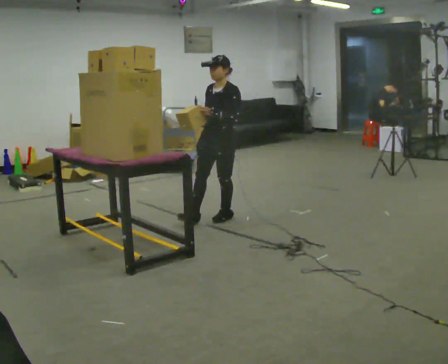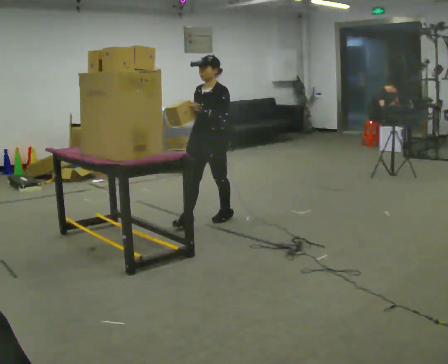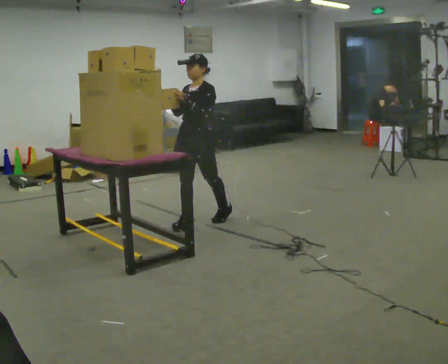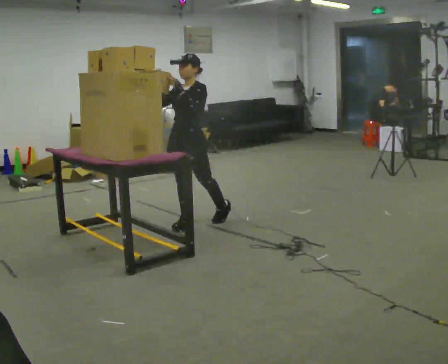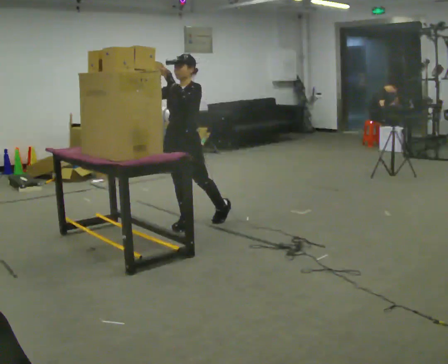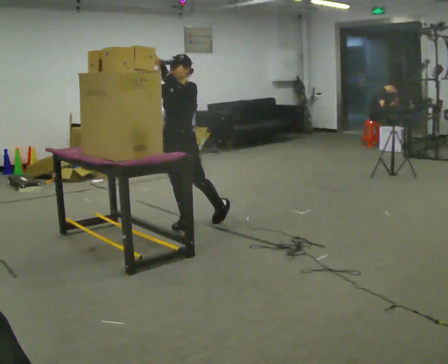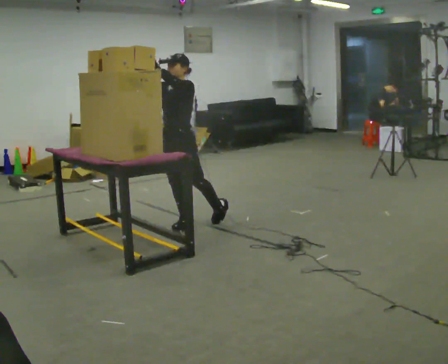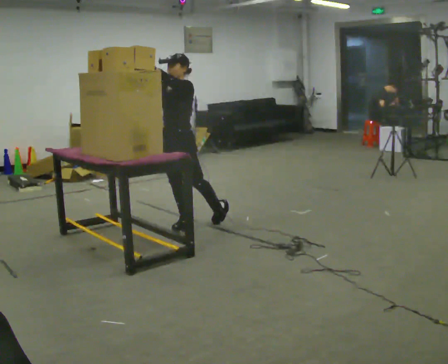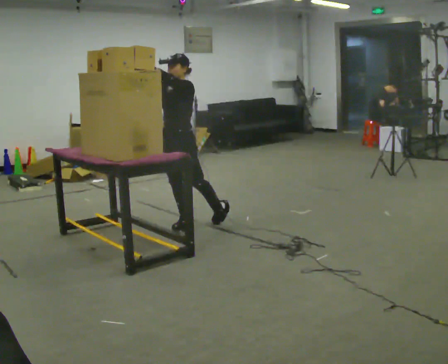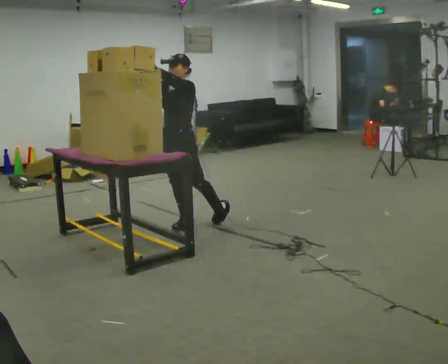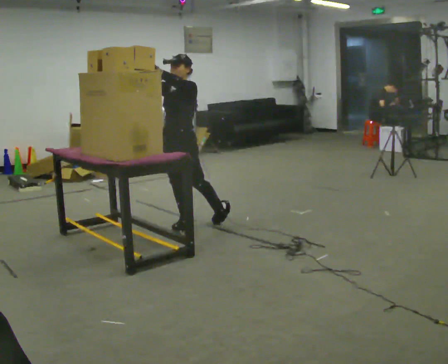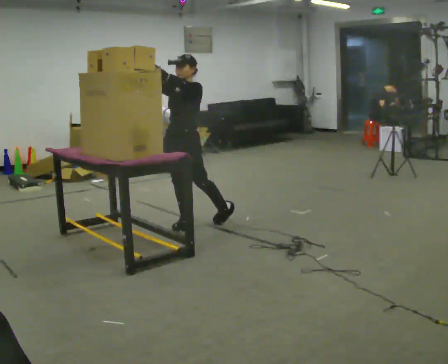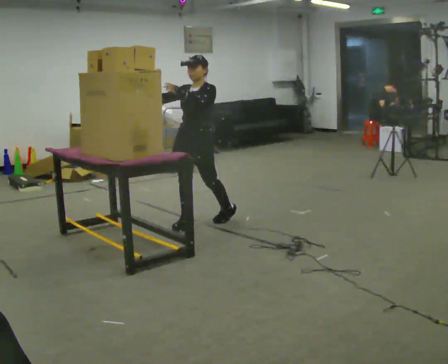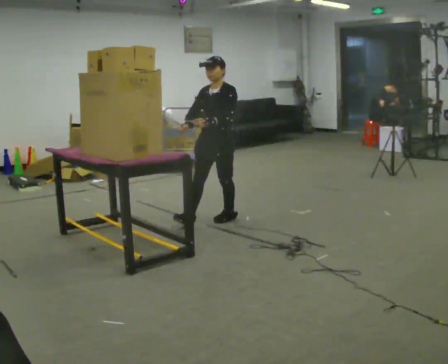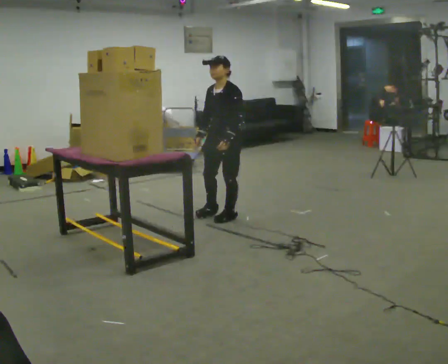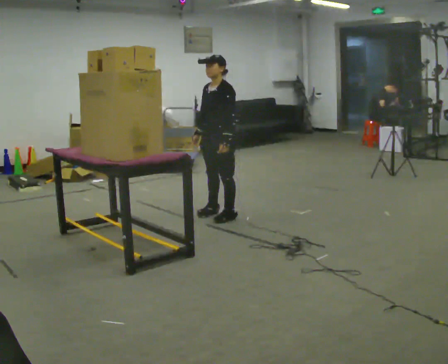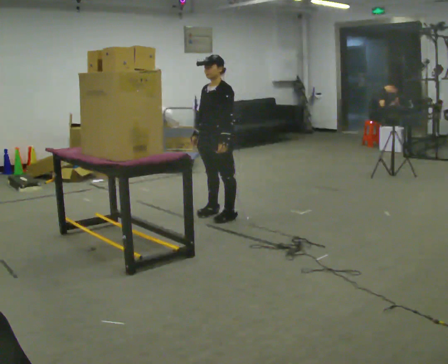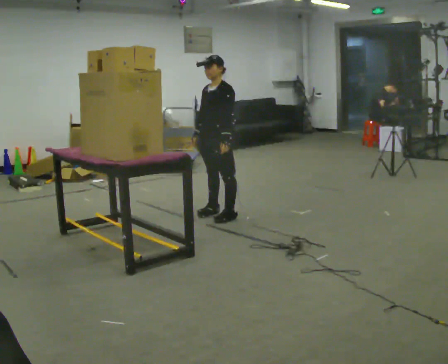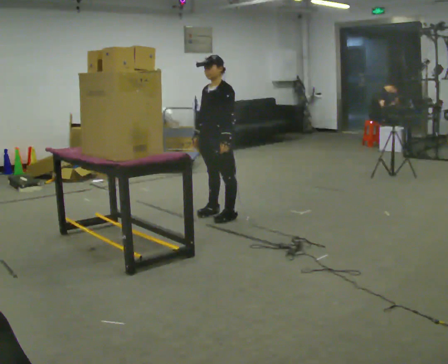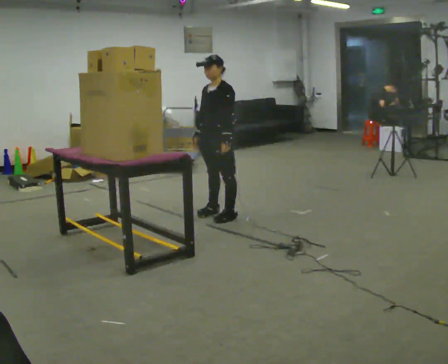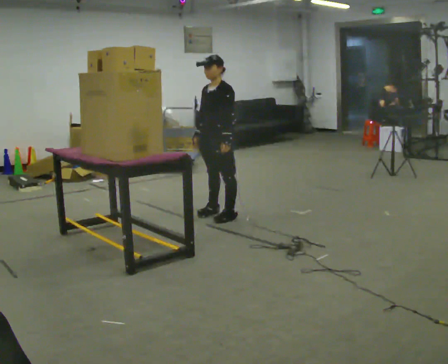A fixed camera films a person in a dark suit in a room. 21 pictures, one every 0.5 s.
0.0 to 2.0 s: In the picture they go to the left and toward the camera, about 0.5 m in 1 step, which for them is forward. In the picture their left hand goes upward.
2.0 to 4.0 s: The person moves a little, or ends about where they began.
4.0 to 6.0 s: In the picture they go to the right, about 0.25 m, which for them is backward.
6.0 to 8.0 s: In the picture they go away from the camera and to the right, about 0.25 m in 1 step, which for them is backward. In the picture their left hand goes downward.
8.0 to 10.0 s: The person moves a little, or ends about where they began.
The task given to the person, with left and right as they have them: Pick an object up off the floor, carry it across the room, and place it on the highest shelf you can comfortably reach. Keep going until the operator says stop; one object at a time, and do not rush between trips.
The film runs forward here.
